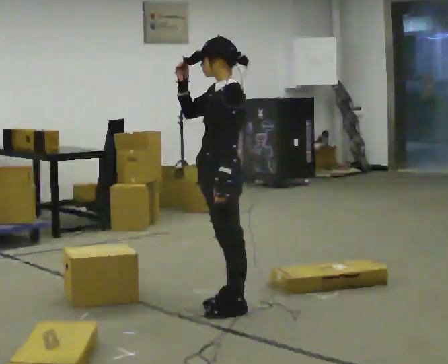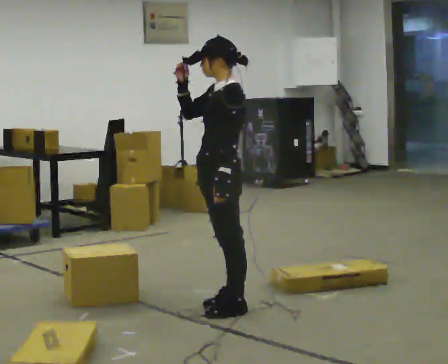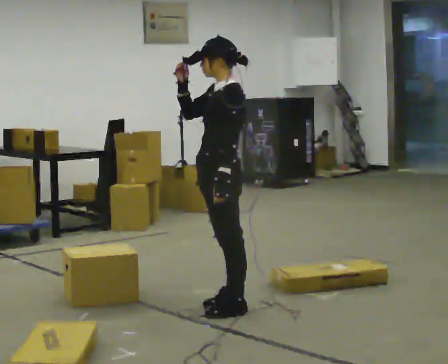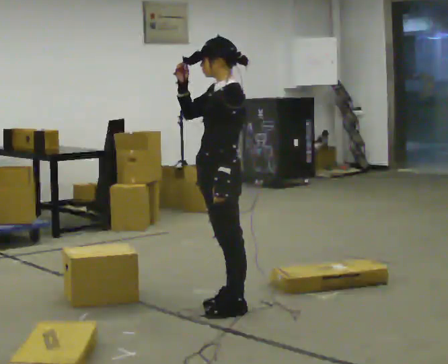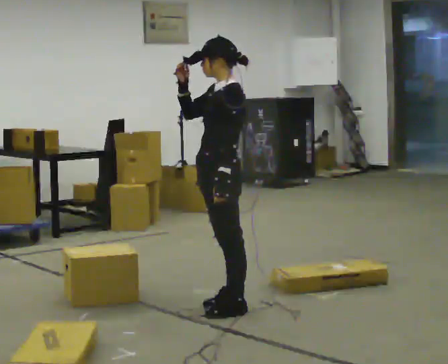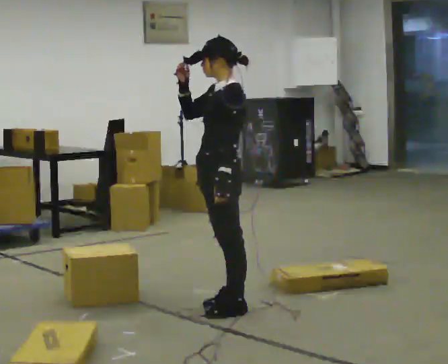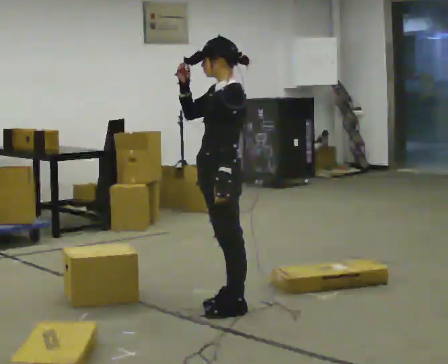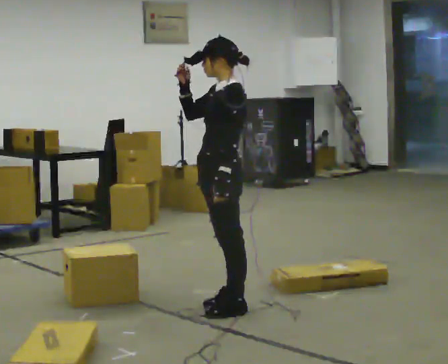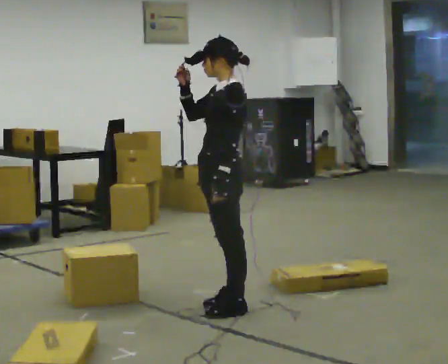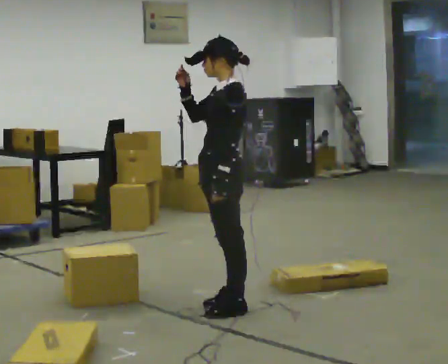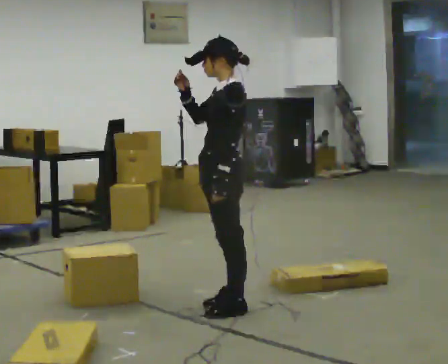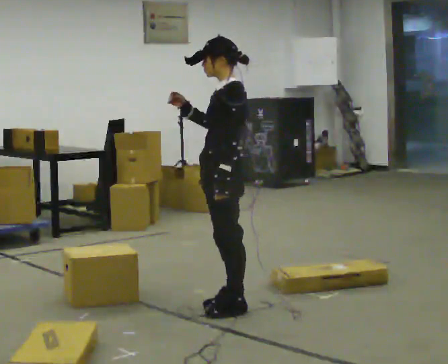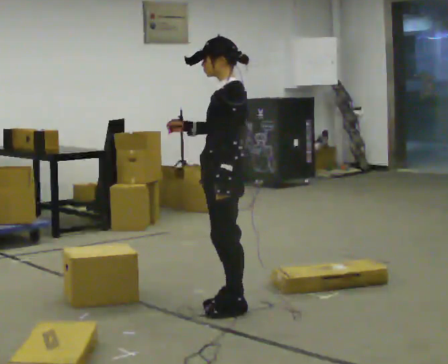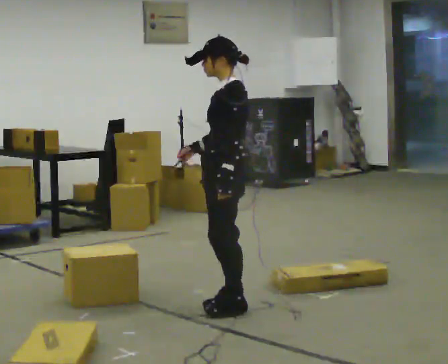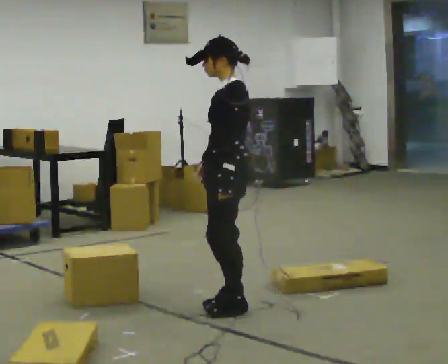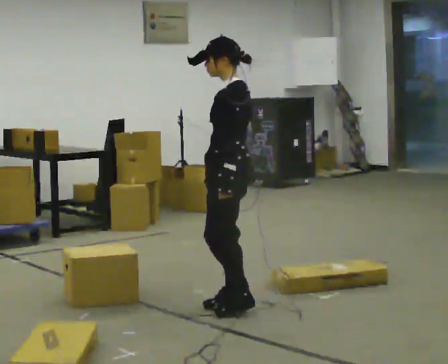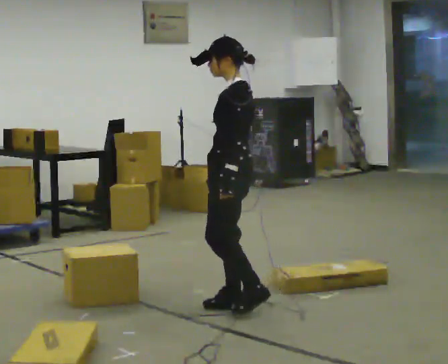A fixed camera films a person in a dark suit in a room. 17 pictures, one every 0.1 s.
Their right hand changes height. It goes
downward.
0.0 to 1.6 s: In the picture their right hand goes downward.
The film runs backward here.
